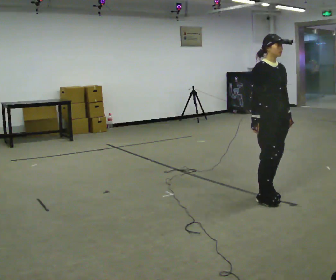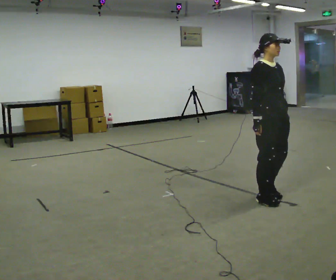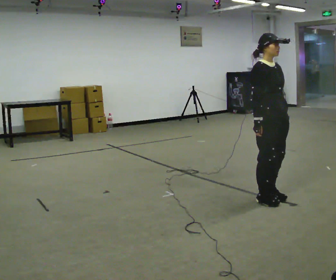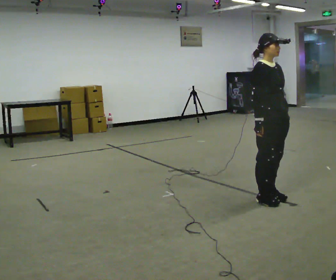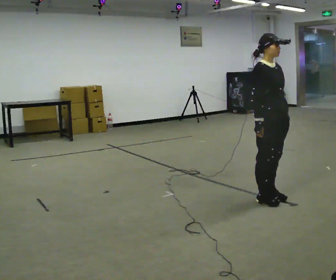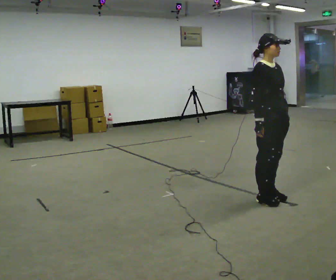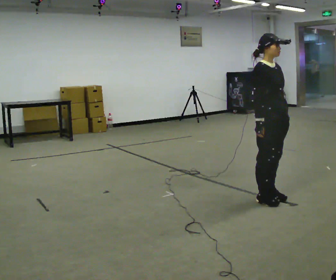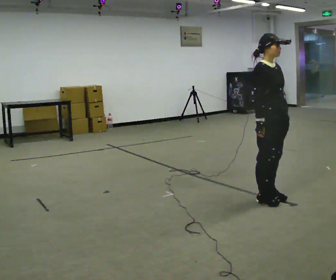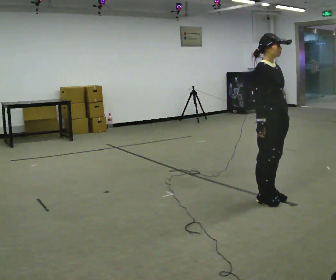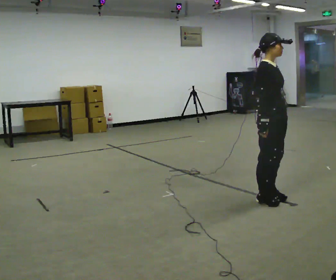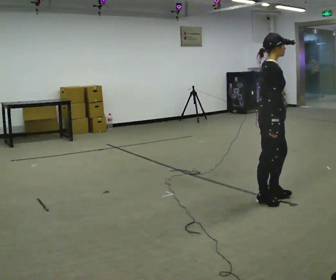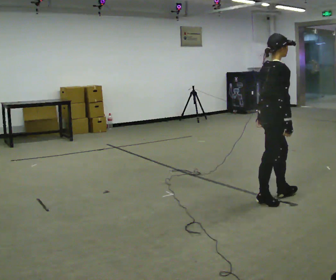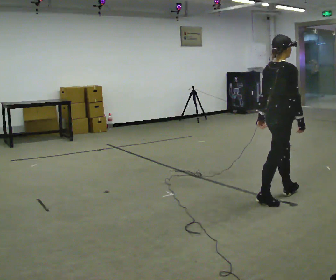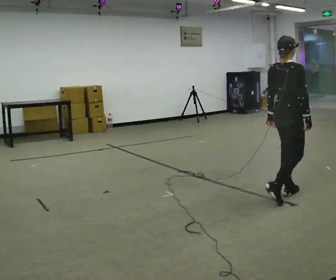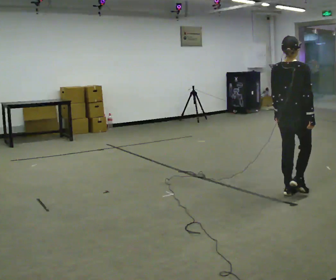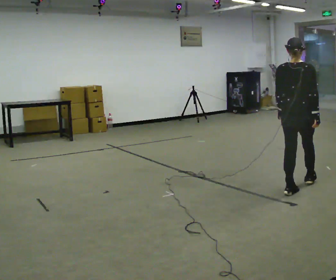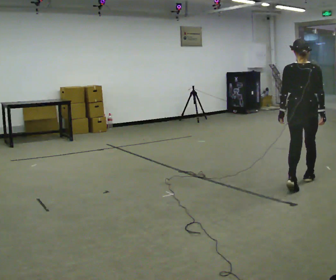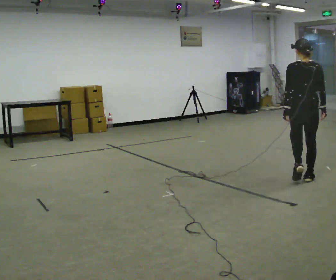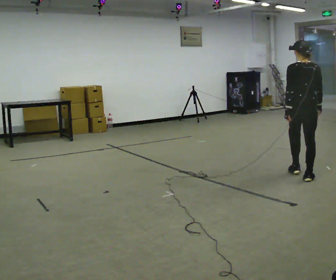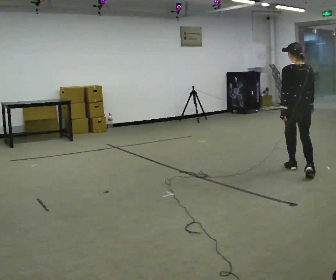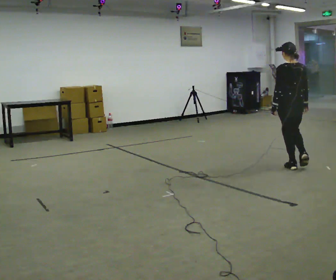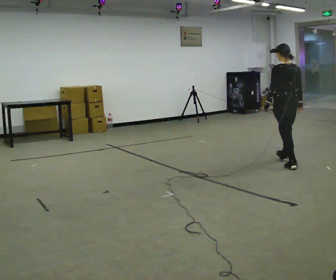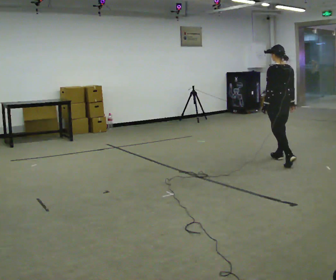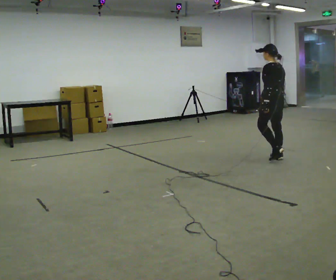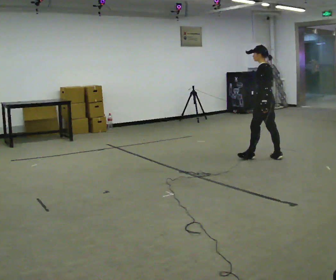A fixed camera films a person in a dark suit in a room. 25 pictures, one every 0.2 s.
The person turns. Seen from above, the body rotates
counterclockwise.
The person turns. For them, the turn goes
to their left.
0.0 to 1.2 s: The person moves a little, or ends about where they began.
1.2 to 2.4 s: The part of the body nearest the lens slides to the right as the person turns to their left by about 60 degrees.
2.4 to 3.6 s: The person turns about 75 degrees to their left, counterclockwise seen from above, so the part of the body nearest the lens slides to the right. In the picture they go away from the camera and to the right, about 1 m in 1 step.
3.6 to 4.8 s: The person turns about 60 degrees to their left, counterclockwise seen from above, so the part of the body nearest the lens slides to the right. In the picture they go away from the camera and to the left, about 1 m in 2 steps.
The film runs forward here.
